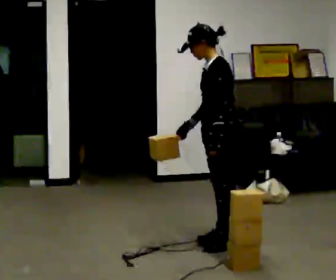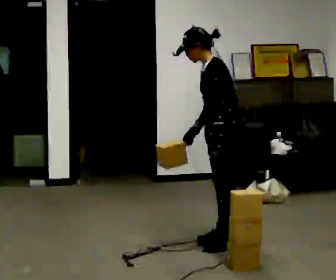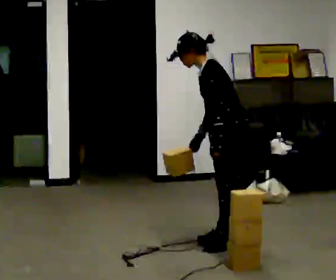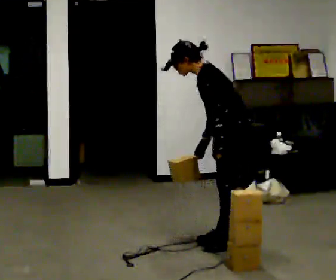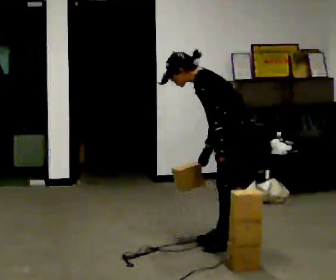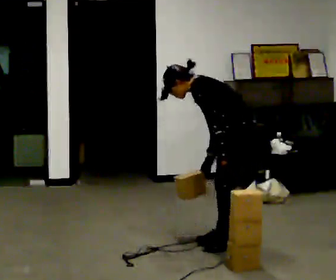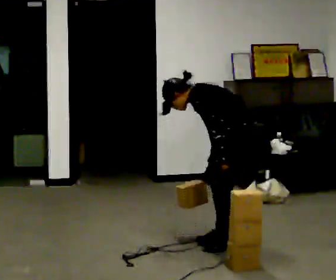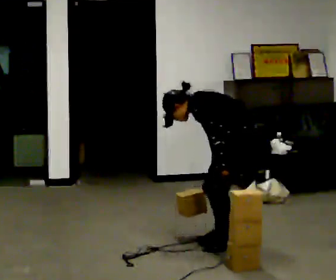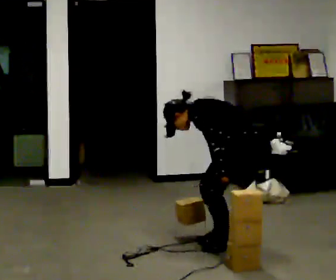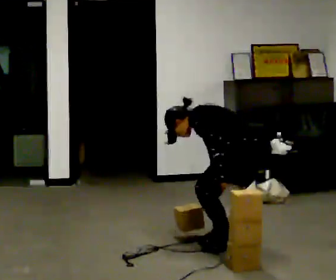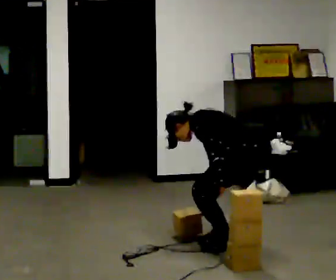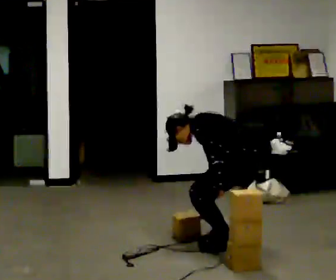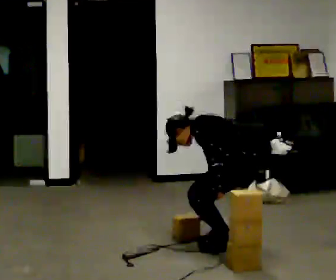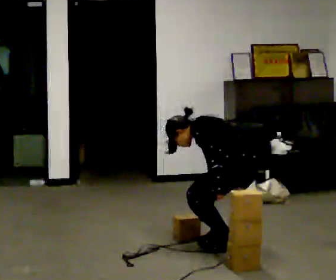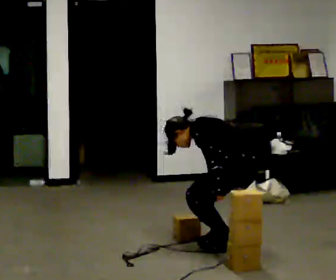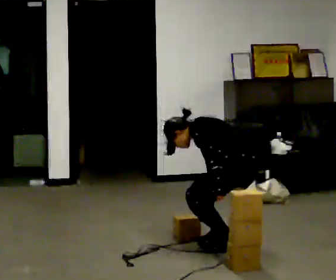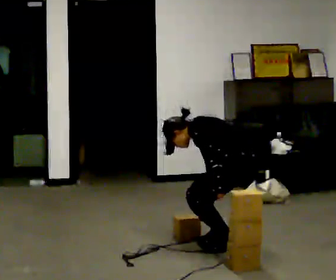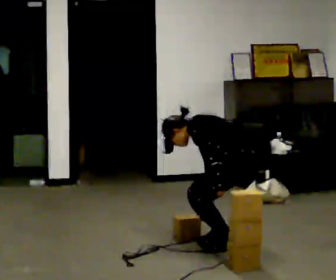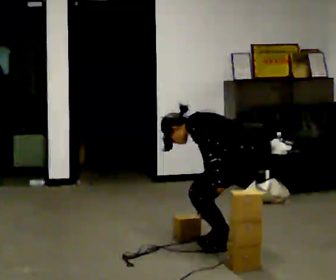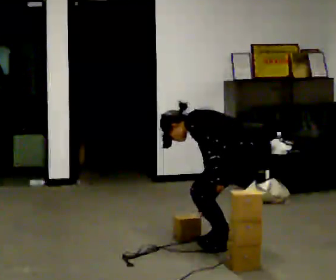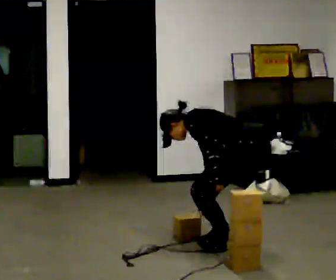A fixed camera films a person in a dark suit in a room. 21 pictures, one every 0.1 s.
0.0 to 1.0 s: The shoulders move downward. In the picture the upper body tilts counterclockwise, shoulders to the left, as they bend forward. In the picture their right hand goes downward.
1.0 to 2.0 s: The person moves a little, or ends about where they began.
The film runs backward here.
